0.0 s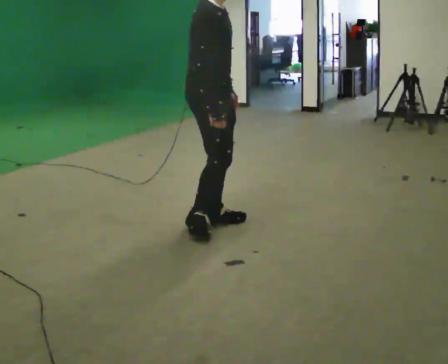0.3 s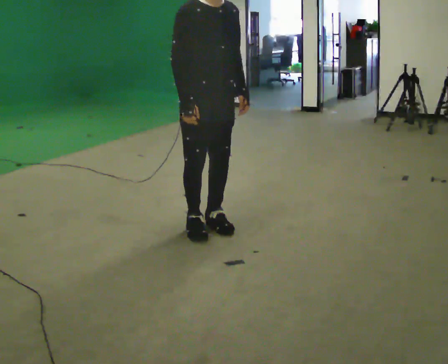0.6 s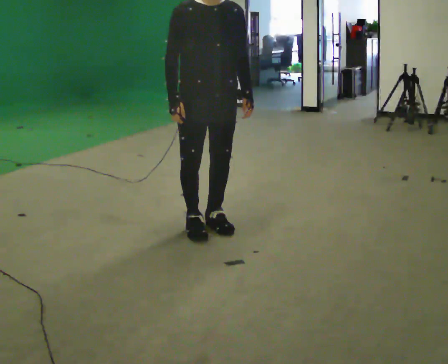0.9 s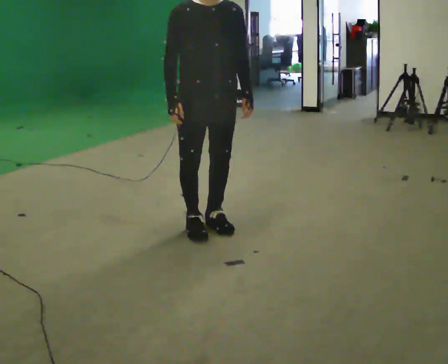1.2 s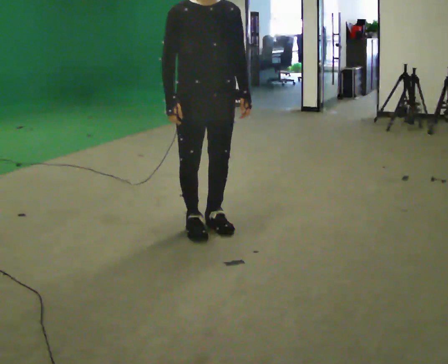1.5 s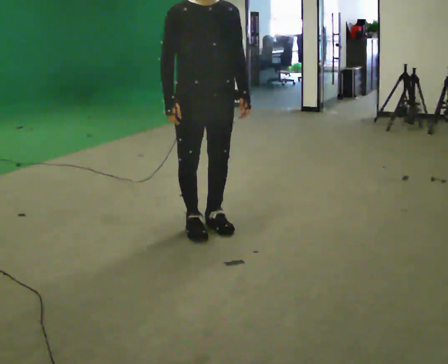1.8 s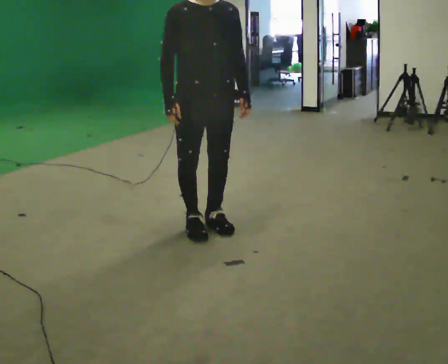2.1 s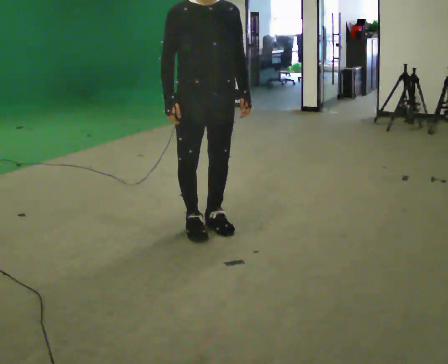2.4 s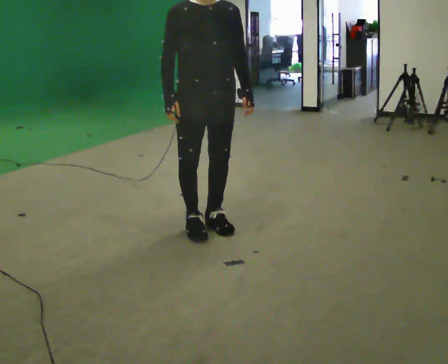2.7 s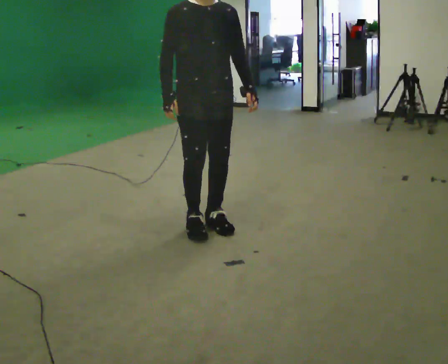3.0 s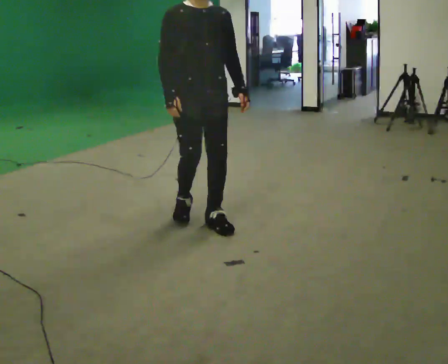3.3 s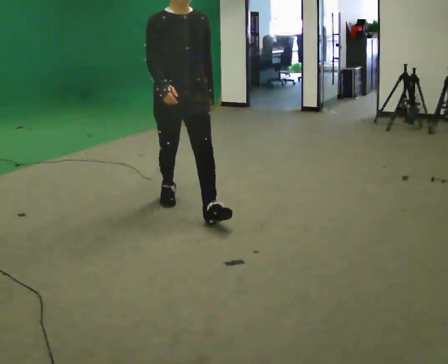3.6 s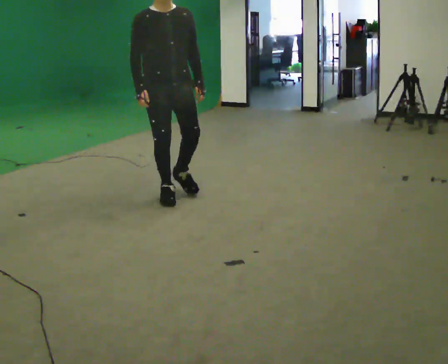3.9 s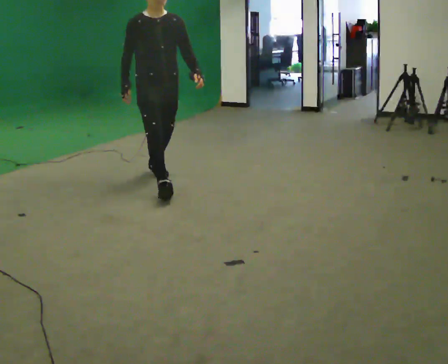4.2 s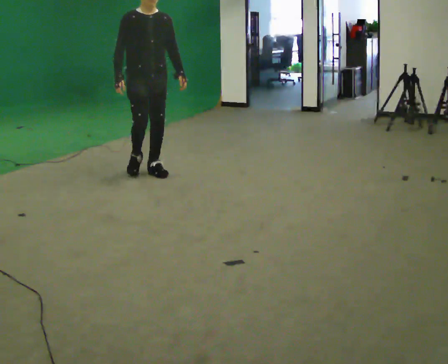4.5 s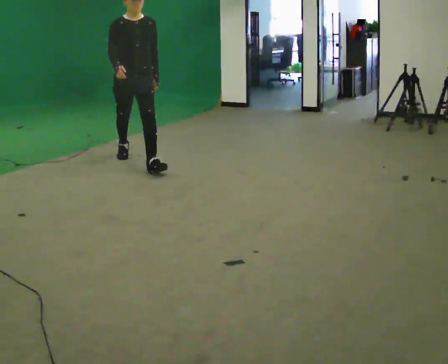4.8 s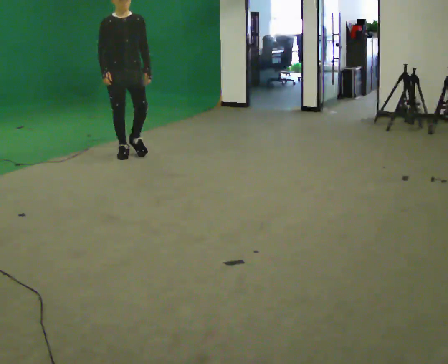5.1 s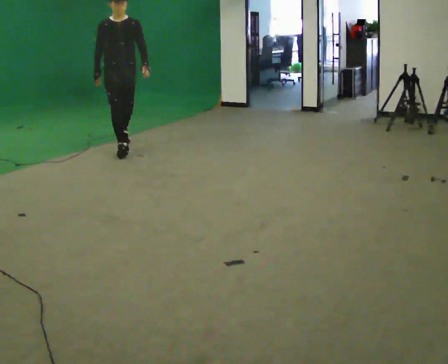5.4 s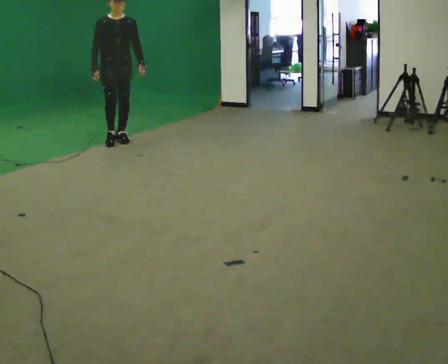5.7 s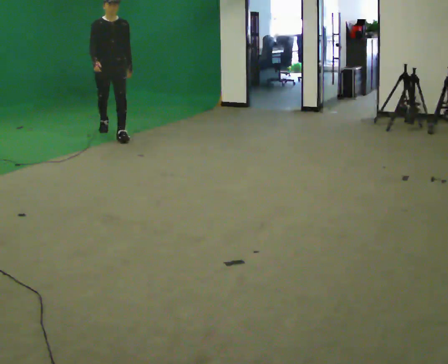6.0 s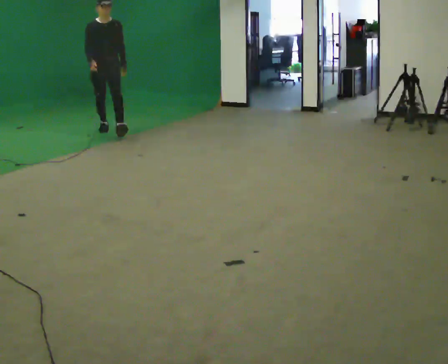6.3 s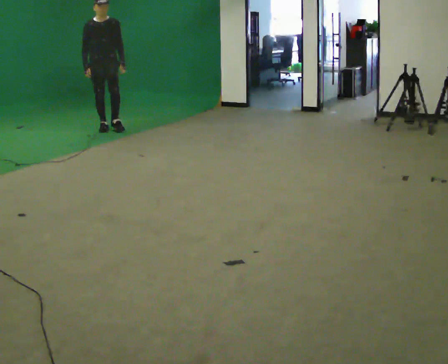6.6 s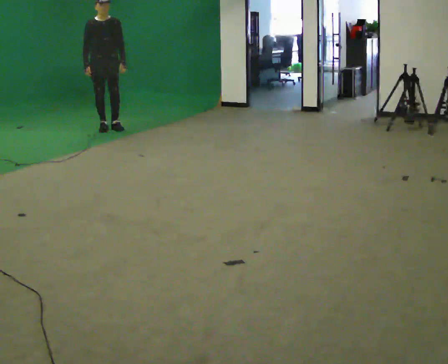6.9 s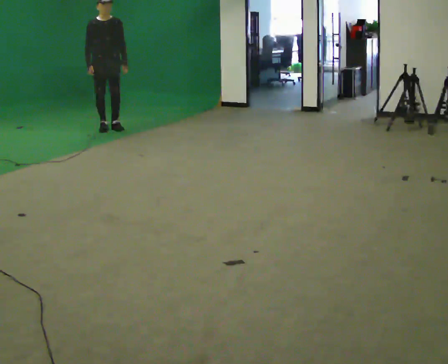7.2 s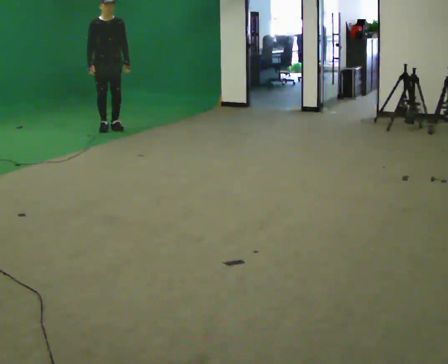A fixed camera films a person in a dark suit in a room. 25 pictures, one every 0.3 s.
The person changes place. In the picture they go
away from the camera.
0.0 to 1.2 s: The part of the body nearest the lens slides to the left as the person turns to their right by about 60 degrees.
1.2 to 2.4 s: The person moves a little, or ends about where they began.
2.4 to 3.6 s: In the picture they go away from the camera, about 0.75 m in 2 steps, which for them is backward.
3.6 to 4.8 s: In the picture they go away from the camera, about 1.5 m in 2 steps, which for them is backward.
4.8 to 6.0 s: In the picture they go away from the camera, about 1 m in 2 steps, which for them is backward.
6.0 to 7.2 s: In the picture they go away from the camera, about 0.25 m, which for them is backward.
The film runs backward here.
